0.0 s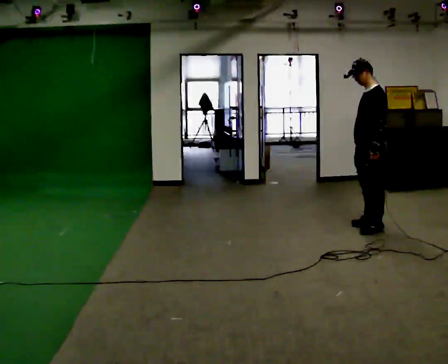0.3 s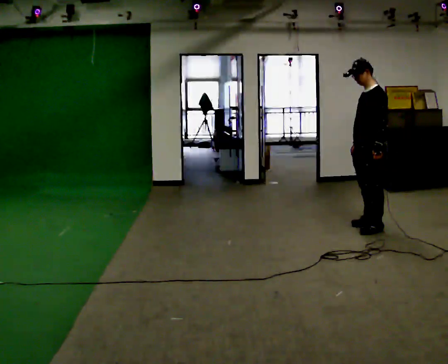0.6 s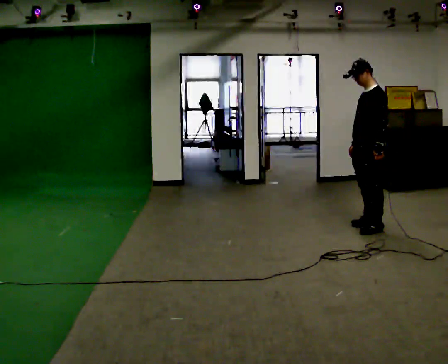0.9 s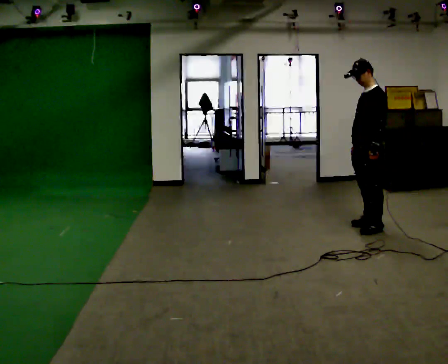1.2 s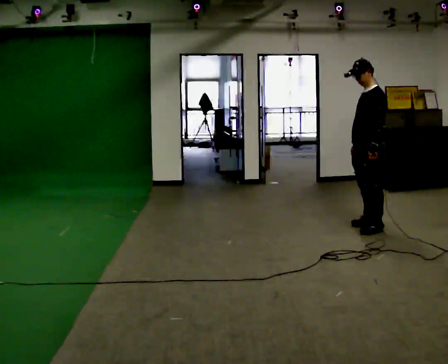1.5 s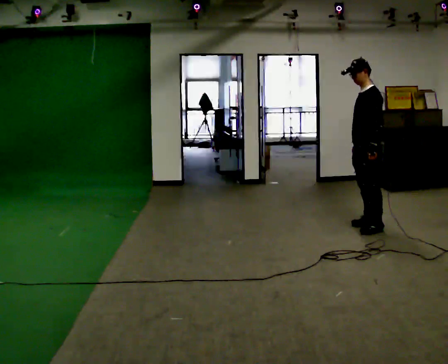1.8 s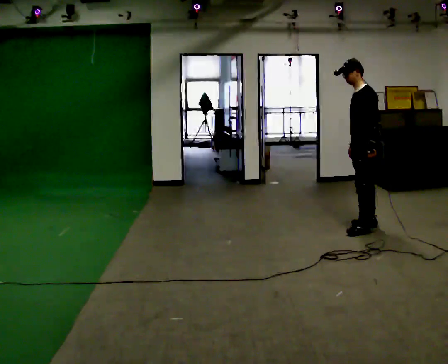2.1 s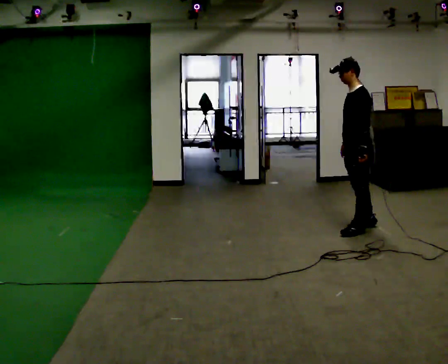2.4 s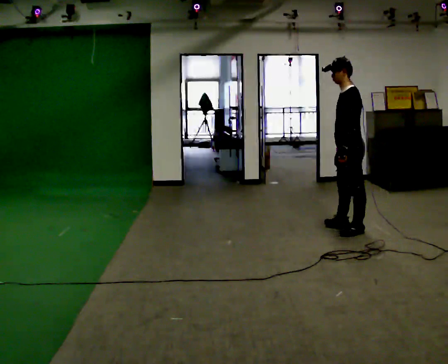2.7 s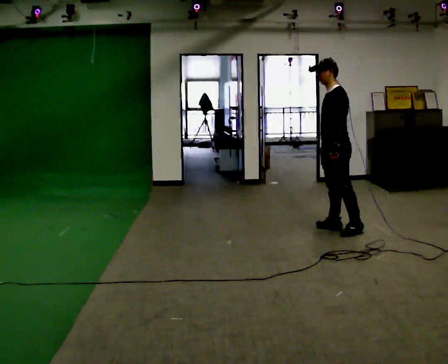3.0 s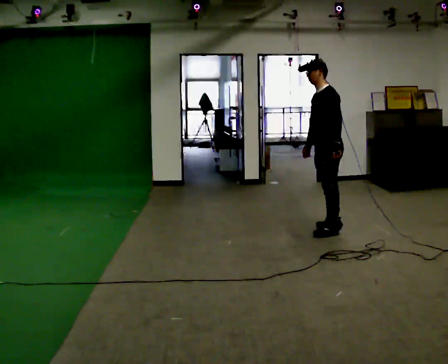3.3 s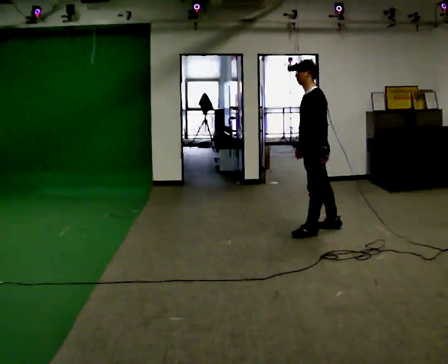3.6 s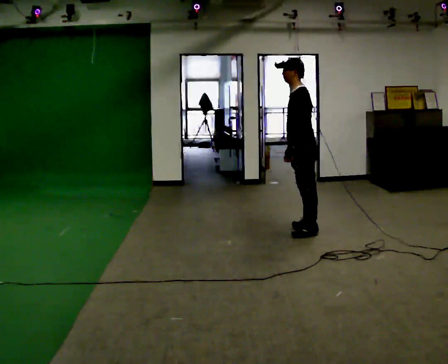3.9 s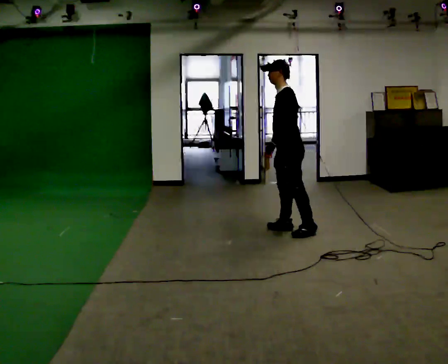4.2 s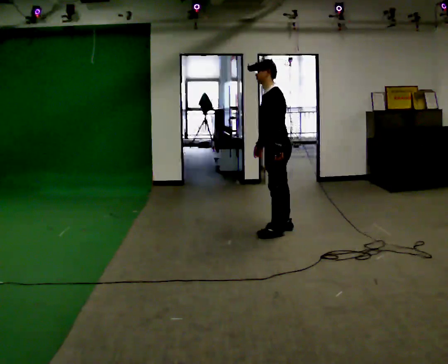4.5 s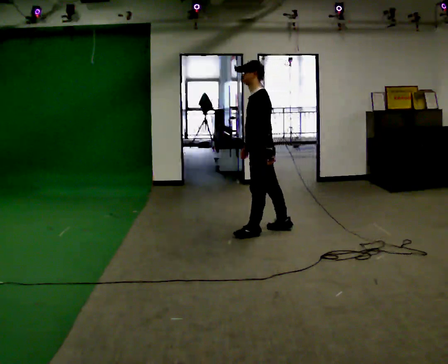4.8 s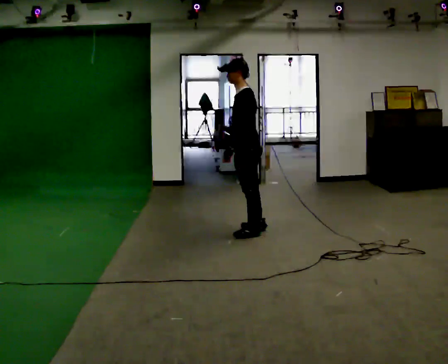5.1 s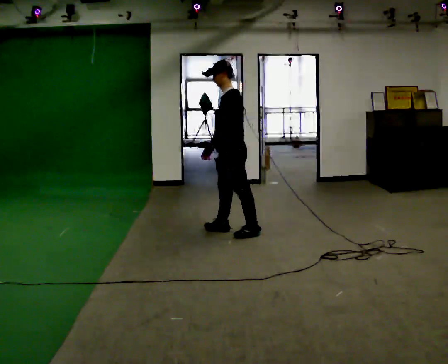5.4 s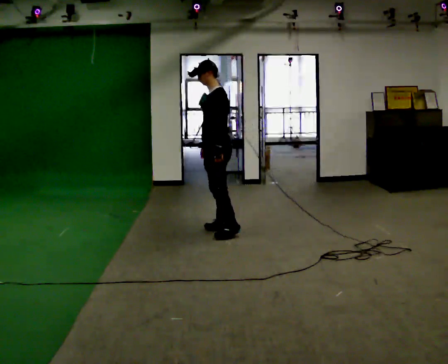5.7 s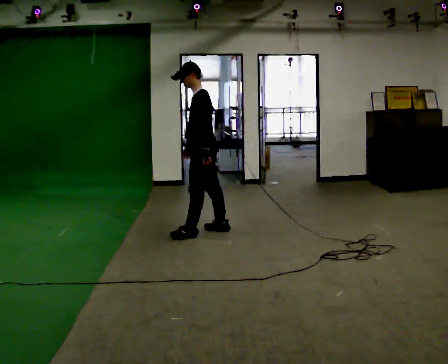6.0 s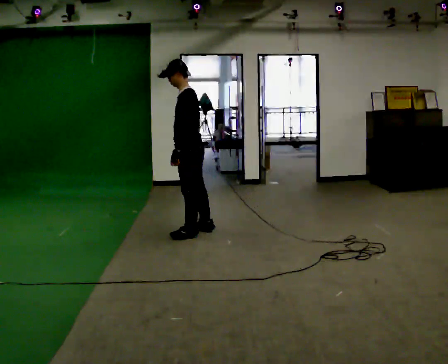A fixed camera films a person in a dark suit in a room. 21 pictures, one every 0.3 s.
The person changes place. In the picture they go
to the left.
0.0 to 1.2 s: The person moves a little, or ends about where they began.
1.2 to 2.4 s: In the picture they go to the left, about 0.25 m in 1 step, which for them is forward.
2.4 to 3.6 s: In the picture they go to the left, about 0.5 m in 2 steps, which for them is forward.
3.6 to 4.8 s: In the picture they go to the left, about 0.5 m in 2 steps, which for them is forward.
4.8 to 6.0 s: In the picture they go to the left, about 0.5 m in 2 steps, which for them is forward.
The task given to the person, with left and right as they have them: Walk forward with your feet closer together than normal, or further apart than normal, as the operator states; stop.
The film runs forward here.
